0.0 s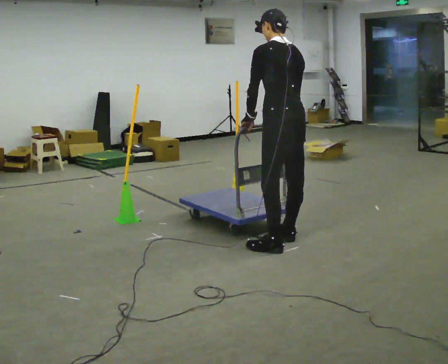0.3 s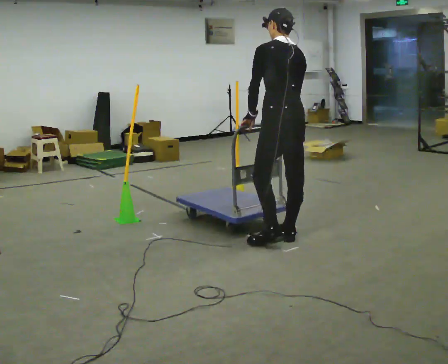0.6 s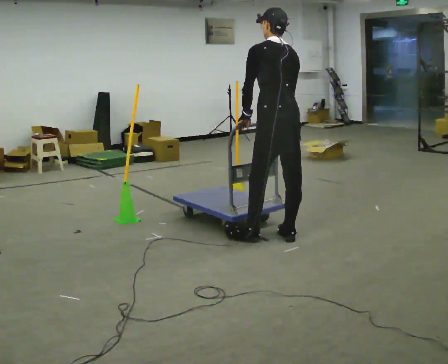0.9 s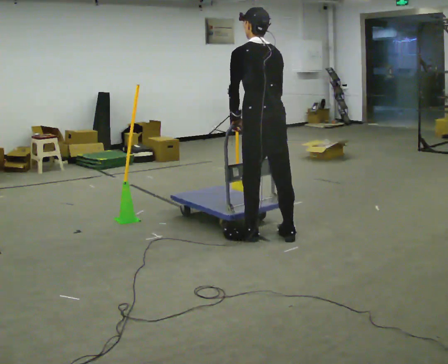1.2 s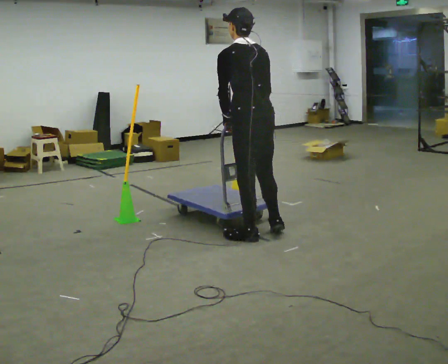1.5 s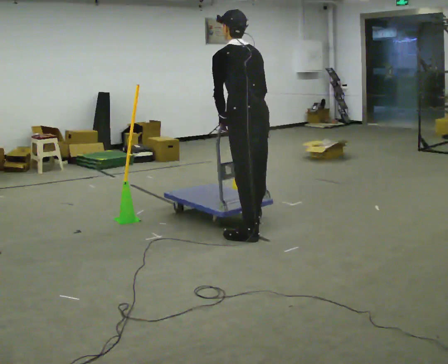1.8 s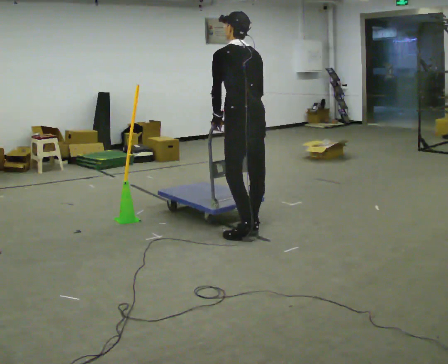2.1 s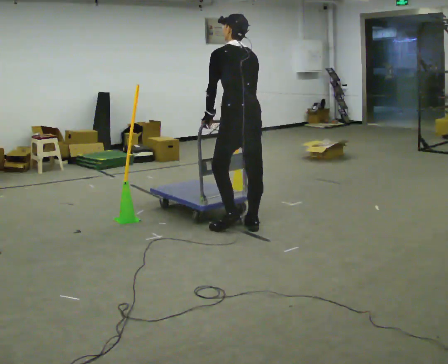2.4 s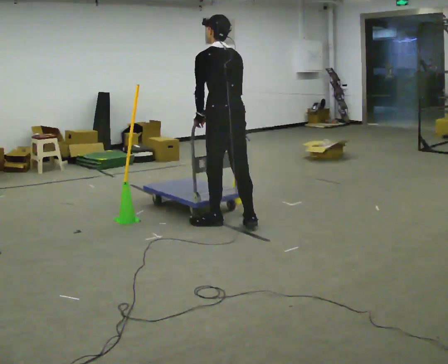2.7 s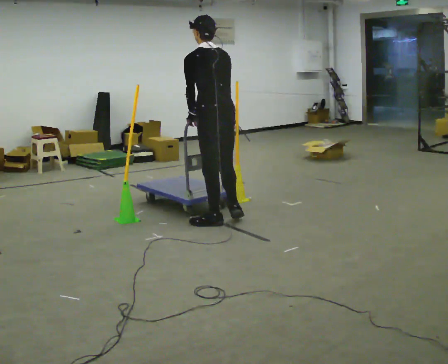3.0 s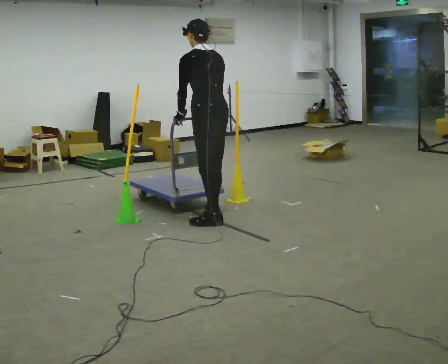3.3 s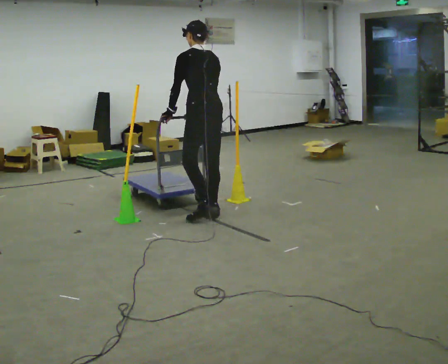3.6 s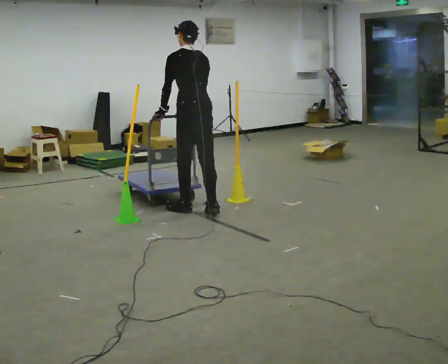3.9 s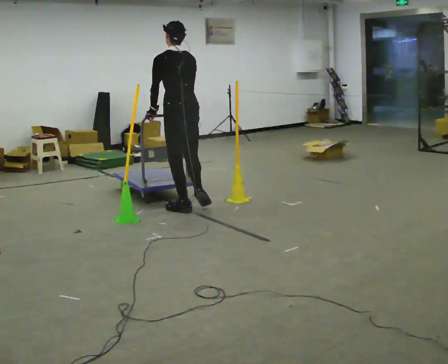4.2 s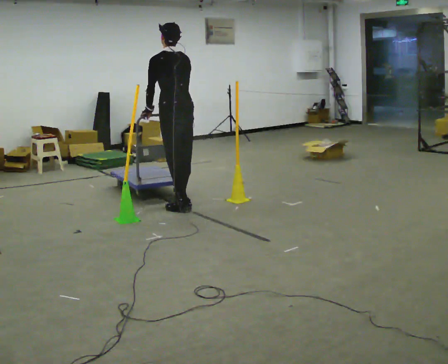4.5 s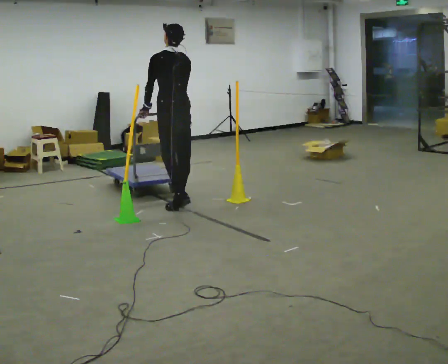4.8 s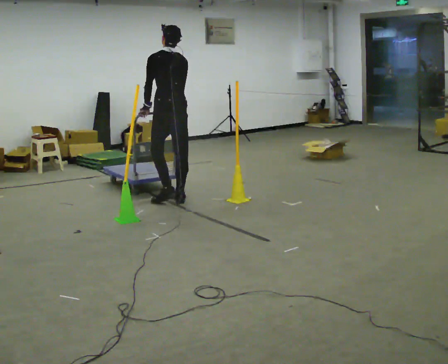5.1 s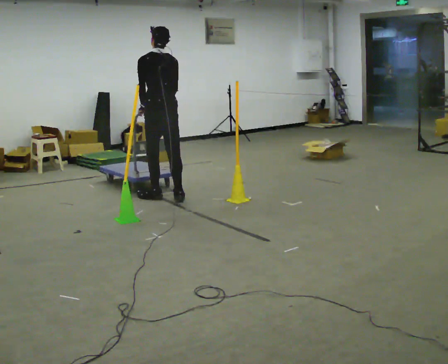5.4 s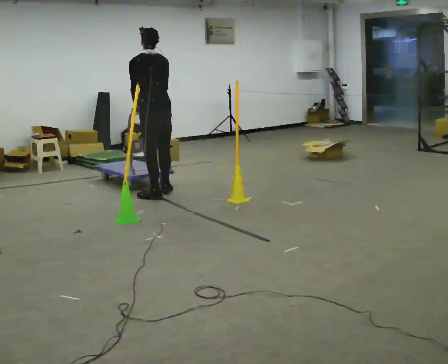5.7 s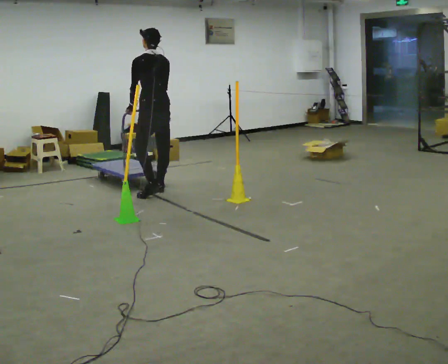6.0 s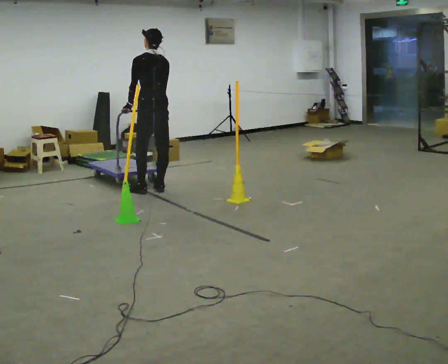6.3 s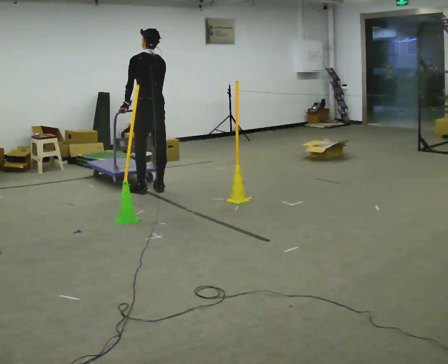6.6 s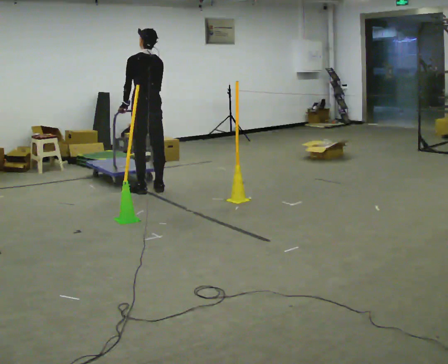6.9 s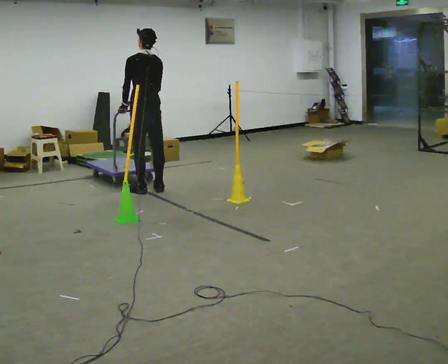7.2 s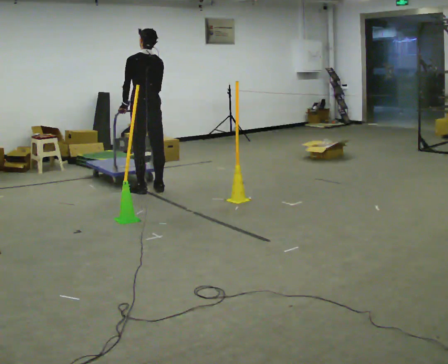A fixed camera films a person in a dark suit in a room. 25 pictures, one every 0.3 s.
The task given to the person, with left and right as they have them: Push the cart through the gap between the poles without touching them, then bring it back through.
0.0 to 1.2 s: In the picture they go to the left, about 0.25 m in 1 step, which for them is forward and to their left.
1.2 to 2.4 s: In the picture they go away from the camera and to the left, about 0.5 m in 2 steps, which for them is forward.
2.4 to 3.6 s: In the picture they go away from the camera and to the left, about 0.5 m in 2 steps, which for them is forward.
3.6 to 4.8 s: In the picture they go away from the camera and to the left, about 0.5 m in 1 step, which for them is forward.
4.8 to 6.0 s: In the picture they go away from the camera and to the left, about 0.5 m in 3 steps, which for them is forward.
6.0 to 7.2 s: The person moves a little, or ends about where they began.
The film runs forward here.
